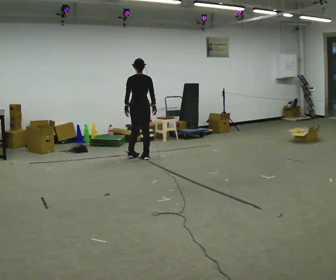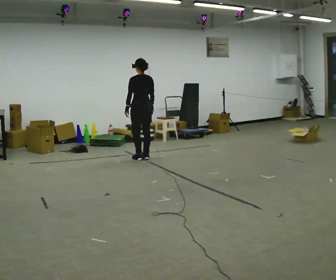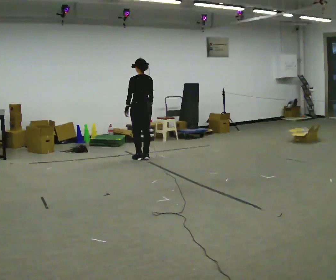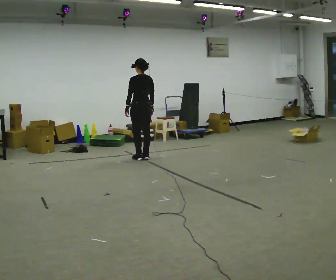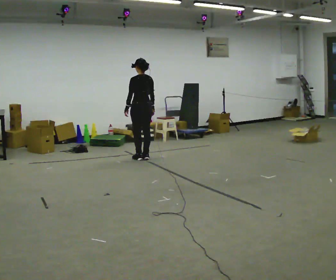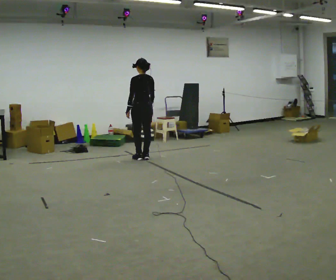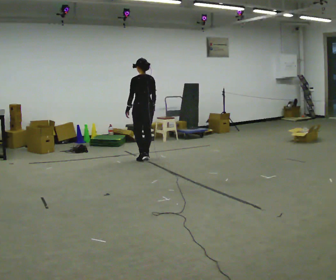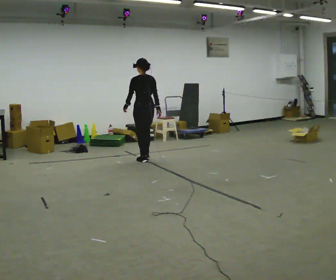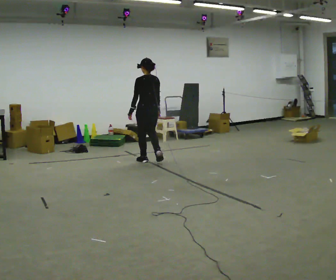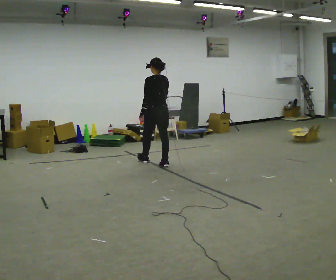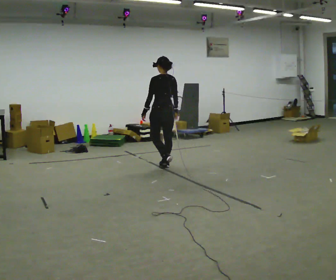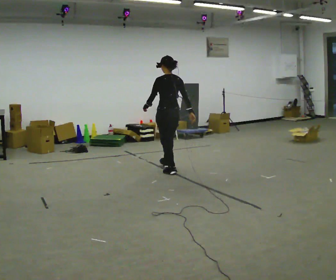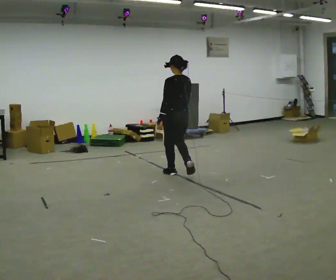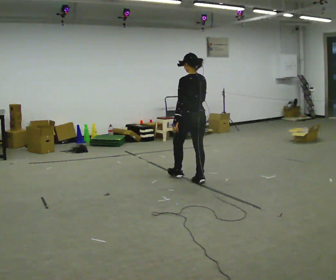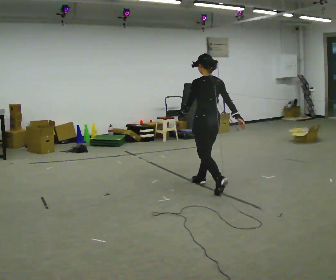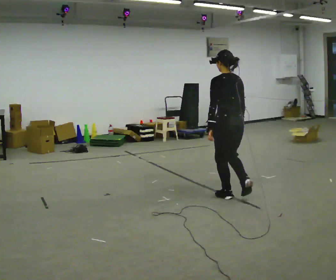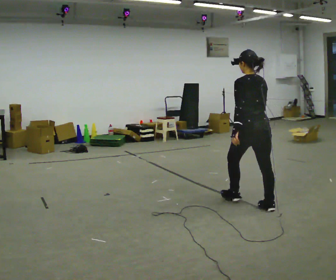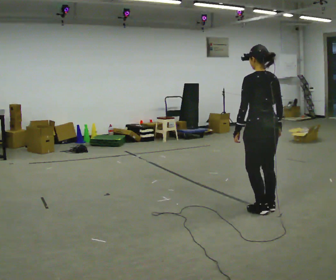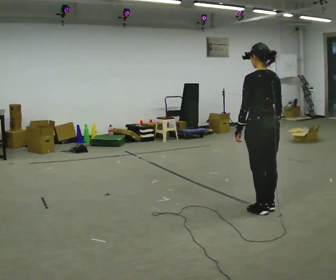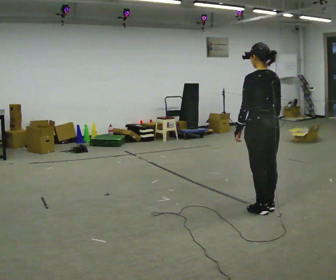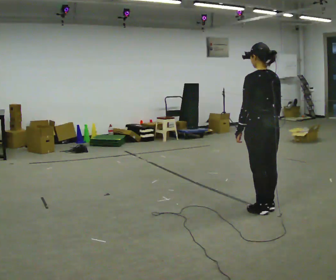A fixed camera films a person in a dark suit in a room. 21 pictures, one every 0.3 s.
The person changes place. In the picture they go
toward the camera.
0.0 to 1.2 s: The part of the body nearest the lens slides to the right as the person turns to their left by about 30 degrees.
1.2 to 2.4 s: In the picture they go toward the camera, about 0.25 m in 2 steps, which for them is backward.
2.4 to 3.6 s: In the picture they go toward the camera and to the right, about 1 m in 2 steps, which for them is backward.
3.6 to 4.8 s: In the picture they go toward the camera and to the right, about 1.5 m in 3 steps, which for them is backward.
4.8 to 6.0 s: In the picture they go toward the camera, about 0.25 m, which for them is backward.
The film runs backward here.
